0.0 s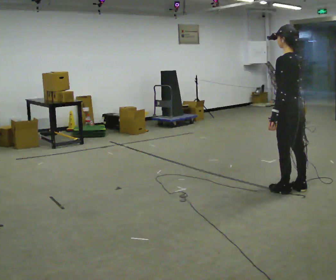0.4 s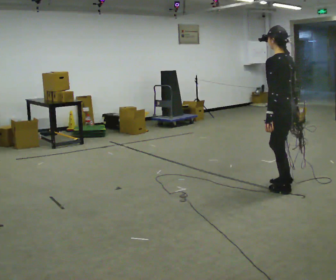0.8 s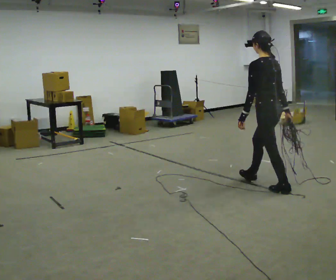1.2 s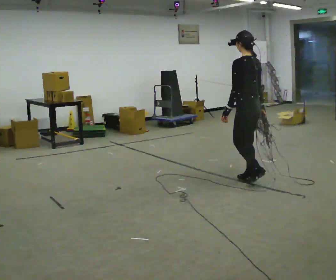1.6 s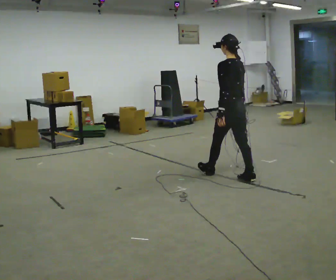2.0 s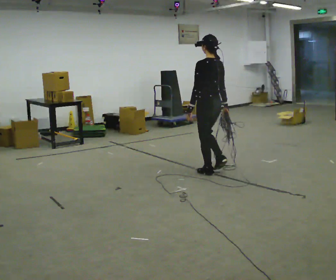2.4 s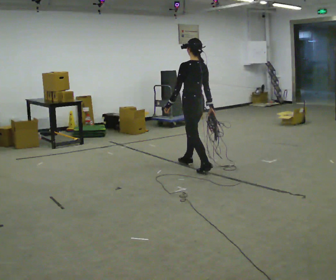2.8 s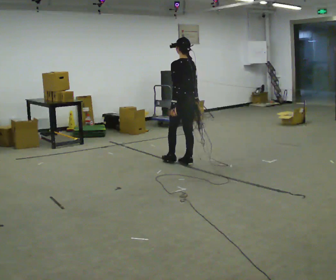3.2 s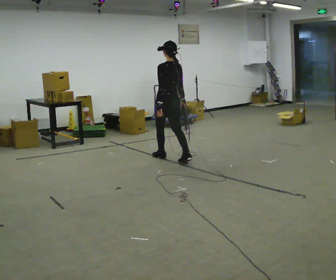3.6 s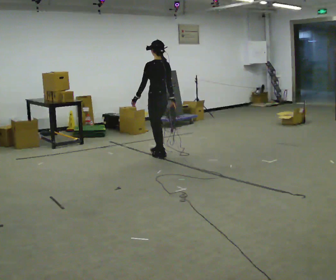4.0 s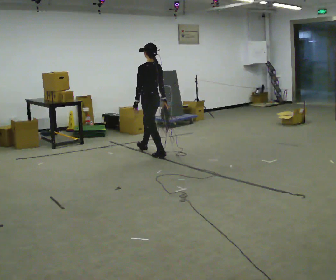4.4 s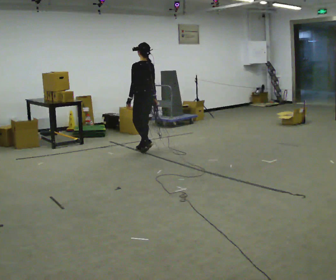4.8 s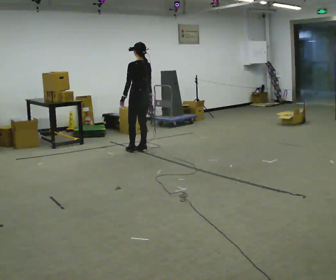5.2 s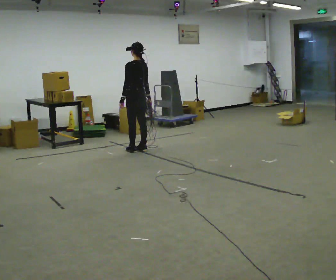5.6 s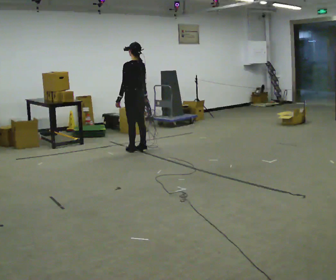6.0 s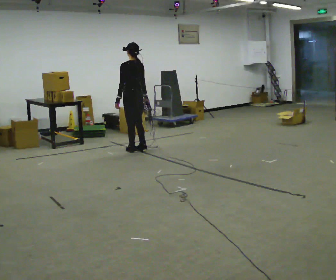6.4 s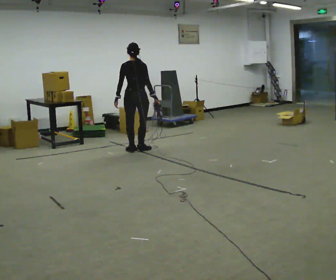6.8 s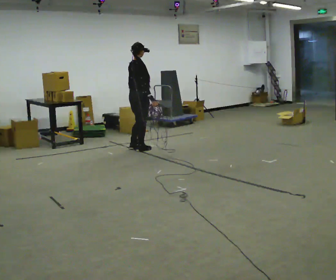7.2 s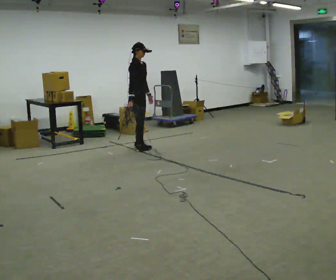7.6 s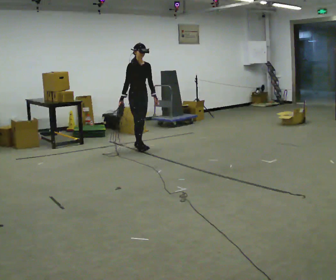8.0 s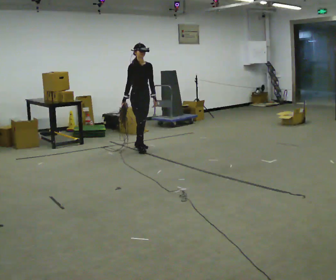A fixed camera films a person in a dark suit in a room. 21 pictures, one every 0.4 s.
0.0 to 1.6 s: In the picture they go away from the camera and to the left, about 1 m in 1 step, which for them is forward.
1.6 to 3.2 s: In the picture they go away from the camera and to the left, about 1 m in 3 steps, which for them is forward.
3.2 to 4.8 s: In the picture they go away from the camera and to the left, about 0.5 m in 2 steps, which for them is forward.
4.8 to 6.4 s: The person turns about 45 degrees to their right, clockwise seen from above, so the part of the body nearest the lens slides to the left.
6.4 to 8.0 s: The part of the body nearest the lens slides to the left as the person turns to their right by about 135 degrees. In the picture their right hand goes to the left, the arm swinging clockwise.
The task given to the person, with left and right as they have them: Pick up the coiled hose, carry it across the room, and set it down. It will move around as you walk. Keep going until the operator says stop; one object at a time, and do not rush between trips.
The film runs forward here.
